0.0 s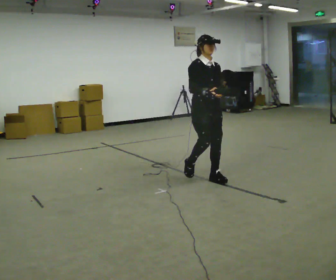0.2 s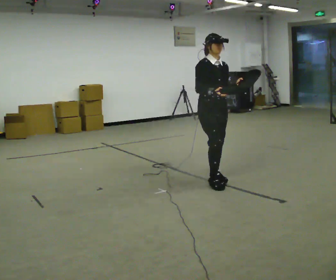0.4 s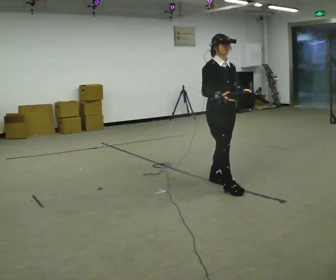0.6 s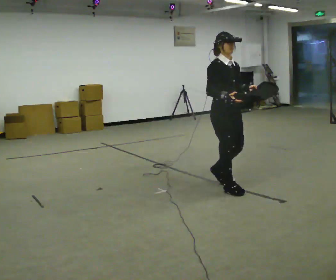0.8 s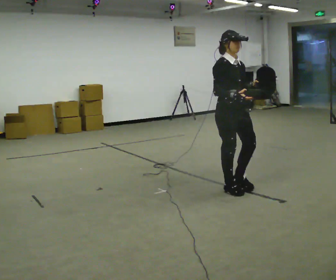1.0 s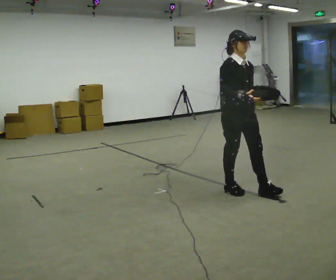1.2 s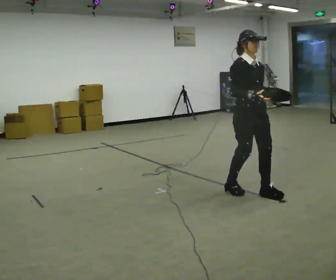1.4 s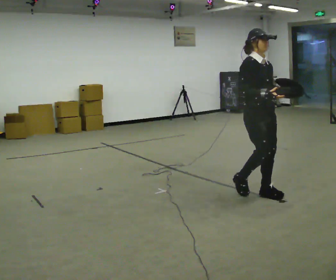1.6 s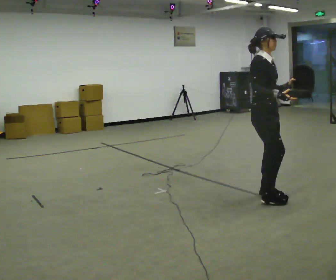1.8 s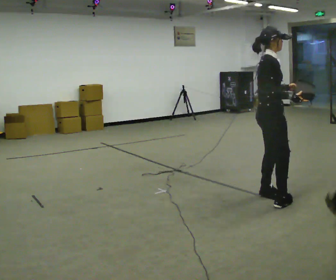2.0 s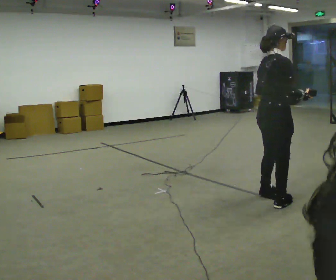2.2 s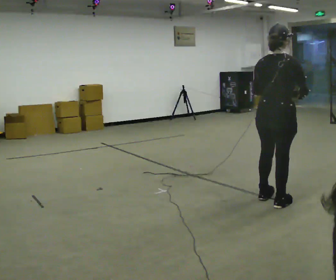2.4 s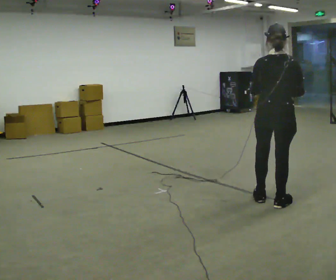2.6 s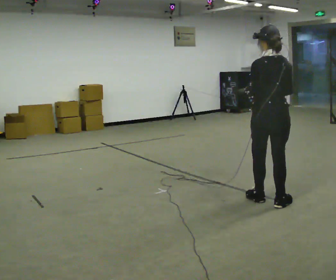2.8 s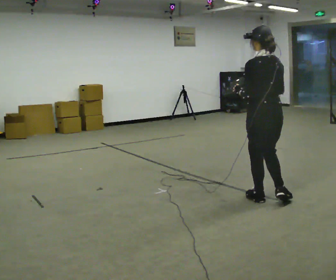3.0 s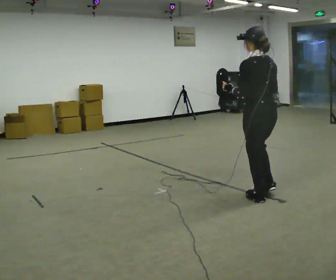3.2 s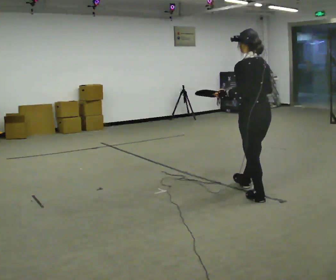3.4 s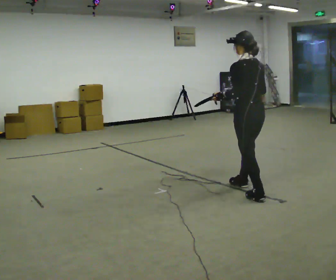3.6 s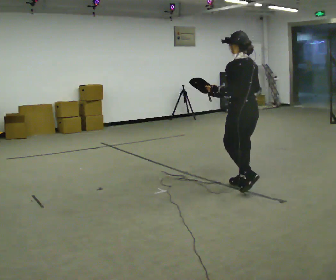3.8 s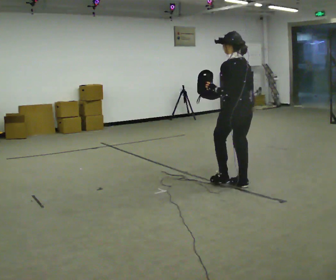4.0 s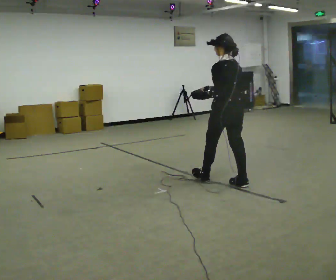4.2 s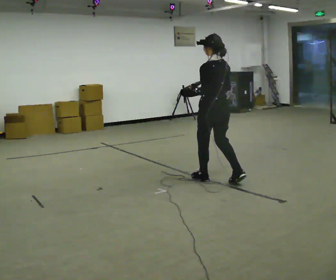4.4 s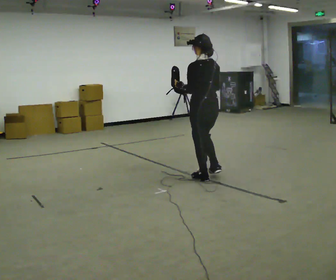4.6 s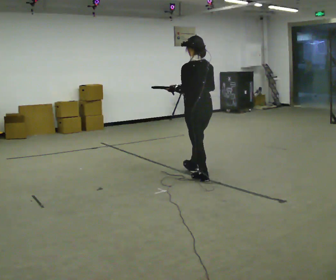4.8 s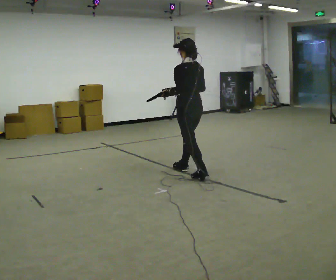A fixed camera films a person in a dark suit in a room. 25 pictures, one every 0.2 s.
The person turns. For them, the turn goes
to their left.
The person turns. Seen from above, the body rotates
counterclockwise.
0.0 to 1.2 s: In the picture they go to the right and toward the camera, about 0.75 m in 2 steps, which for them is forward.
1.2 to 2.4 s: Seen from above the body turns counterclockwise, about 135 degrees: to their left, with its near side sliding to the right. In the picture they go toward the camera and to the right, about 0.25 m in 2 steps.
2.4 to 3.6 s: The part of the body nearest the lens slides to the right as the person turns to their left by about 45 degrees. In the picture they go away from the camera and to the left, about 0.5 m in 1 step, which for them is forward.
3.6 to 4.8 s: In the picture they go to the left and away from the camera, about 1 m in 2 steps, which for them is forward.
The film runs forward here.
